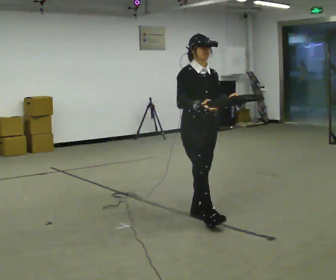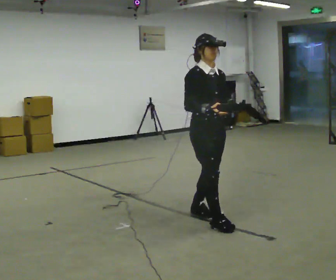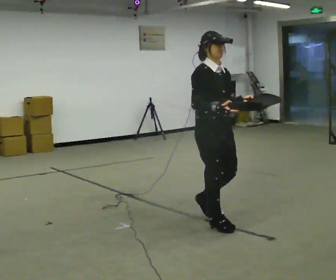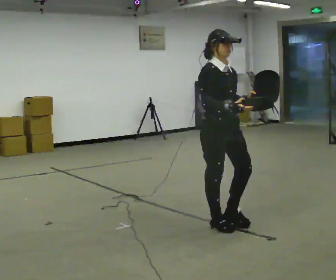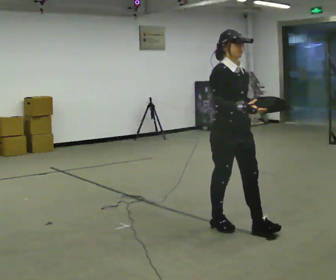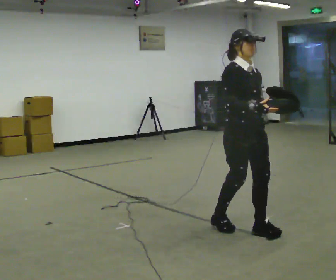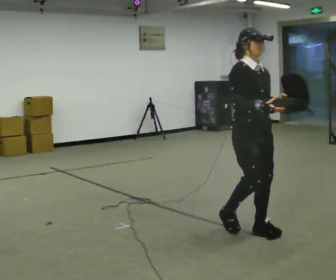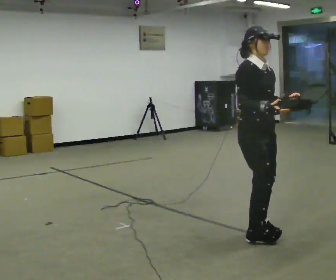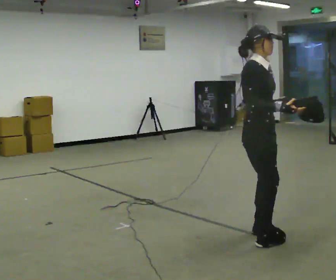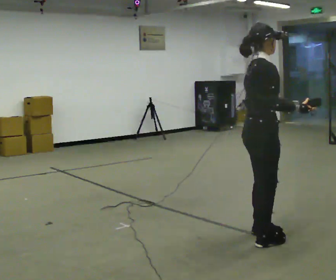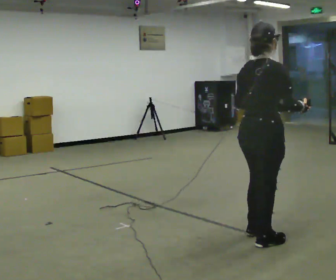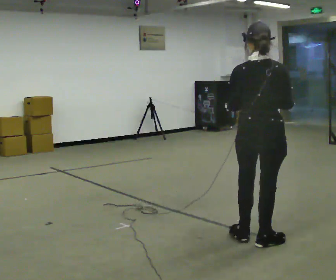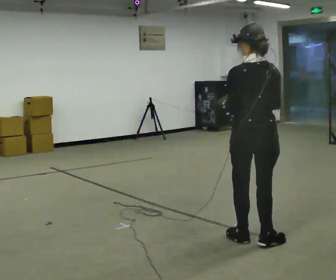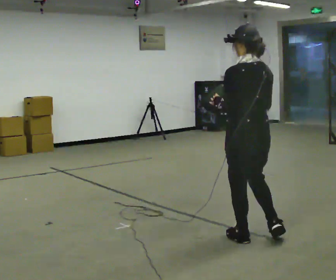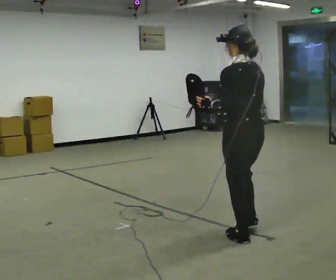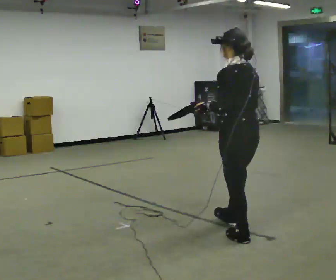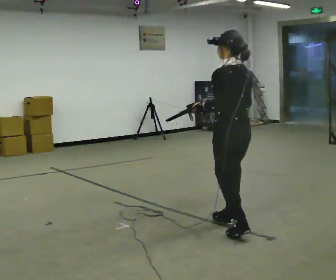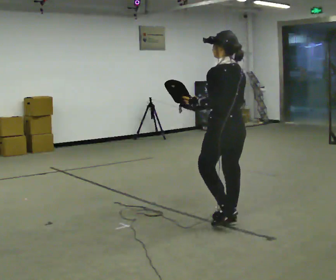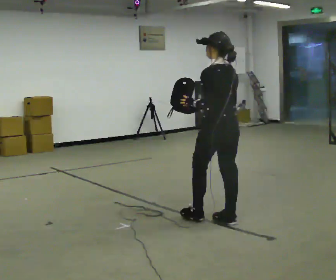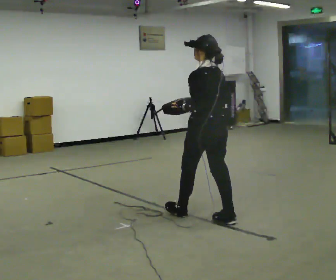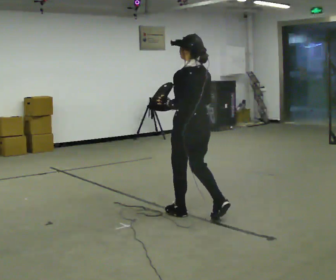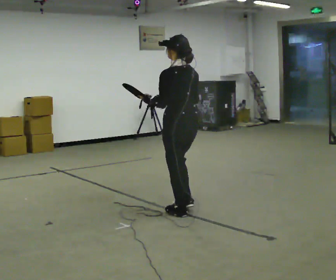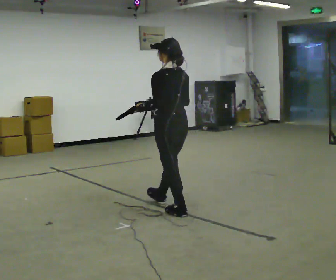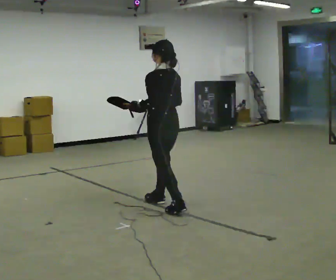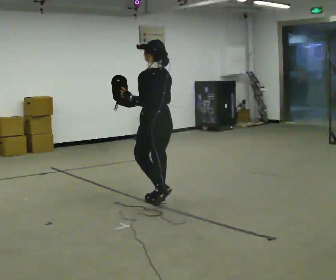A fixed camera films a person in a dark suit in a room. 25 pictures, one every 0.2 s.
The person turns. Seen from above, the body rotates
counterclockwise.
The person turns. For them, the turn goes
to their left.
0.0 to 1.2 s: In the picture they go to the right and toward the camera, about 0.5 m in 2 steps, which for them is forward.
1.2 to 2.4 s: Seen from above the body turns counterclockwise, about 150 degrees: to their left, with its near side sliding to the right. In the picture they go toward the camera, about 0.25 m in 2 steps.
2.4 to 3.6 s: The person turns about 30 degrees to their left, counterclockwise seen from above, so the part of the body nearest the lens slides to the right. In the picture they go away from the camera and to the left, about 0.5 m in 1 step, which for them is forward.
3.6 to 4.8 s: In the picture they go to the left and away from the camera, about 1 m in 2 steps, which for them is forward.
The film runs forward here.
